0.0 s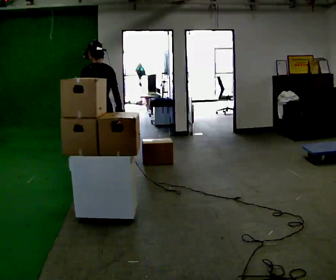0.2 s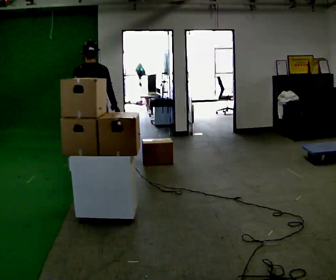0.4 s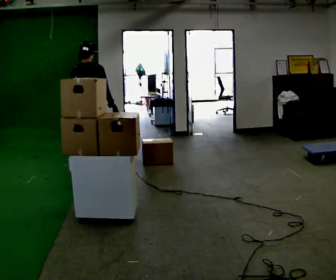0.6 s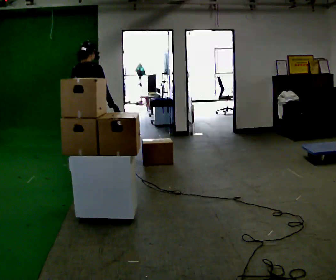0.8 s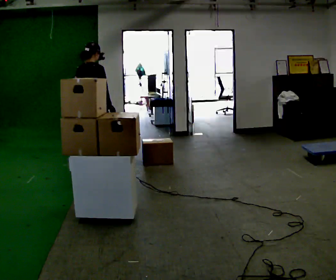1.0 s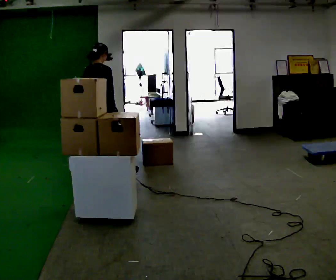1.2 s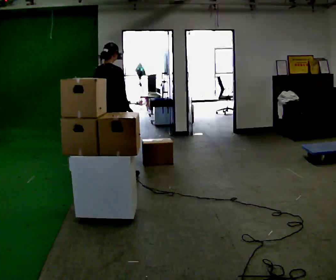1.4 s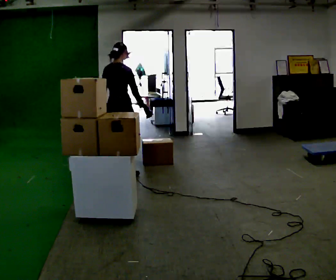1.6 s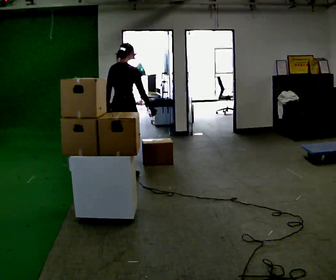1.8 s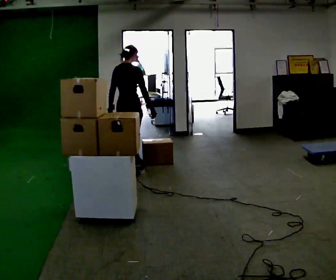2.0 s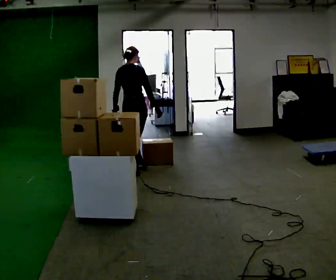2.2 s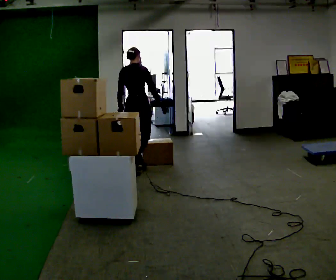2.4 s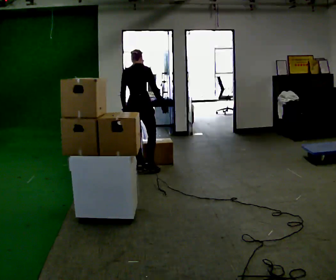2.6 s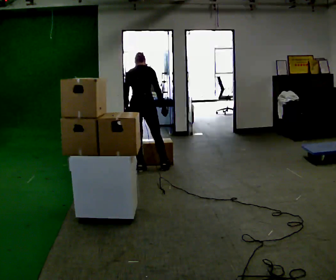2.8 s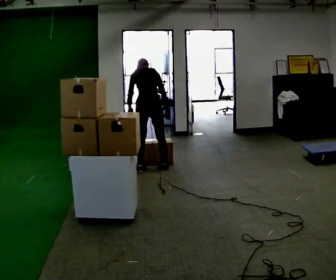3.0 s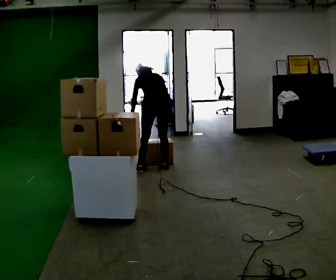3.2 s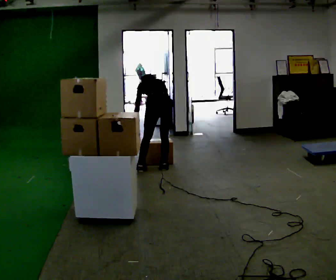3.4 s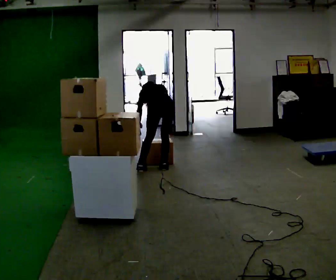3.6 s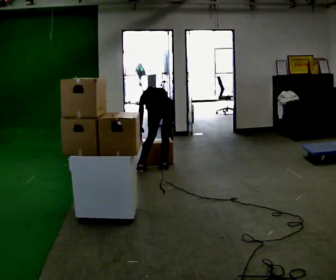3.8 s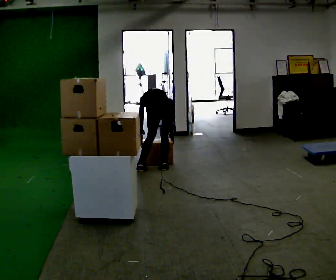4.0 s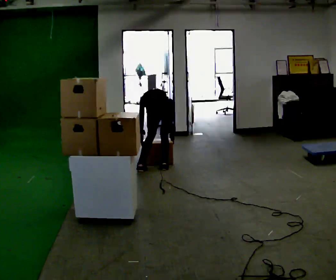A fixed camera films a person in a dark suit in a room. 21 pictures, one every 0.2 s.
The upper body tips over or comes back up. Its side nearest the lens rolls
upward.
The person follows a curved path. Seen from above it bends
clockwise.
0.0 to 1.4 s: The person turns about 60 degrees to their right, clockwise seen from above, so the part of the body nearest the lens slides to the left. In the picture they go away from the camera and to the right, about 0.5 m in 1 step.
1.4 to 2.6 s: In the picture they go to the right and away from the camera, about 0.25 m in 1 step, which for them is forward. The upper body tips away from the camera, its near side rolling upward, as they bend forward.
2.6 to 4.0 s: In the picture they go to the right, about 0.25 m in 1 step, which for them is to their right. The shoulders move downward. The upper body tips away from the camera, its near side rolling upward, as they bend forward. In the picture their right hand goes downward.
The film runs forward here.
